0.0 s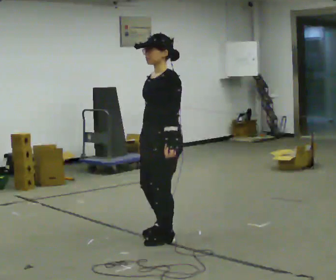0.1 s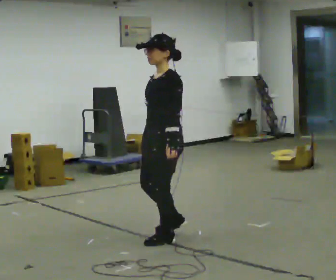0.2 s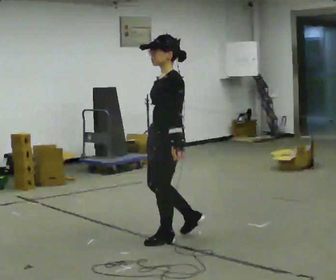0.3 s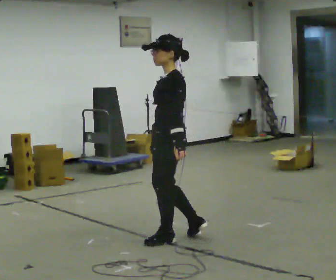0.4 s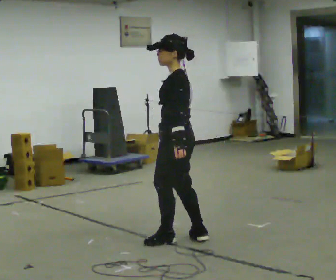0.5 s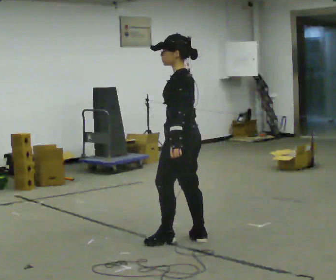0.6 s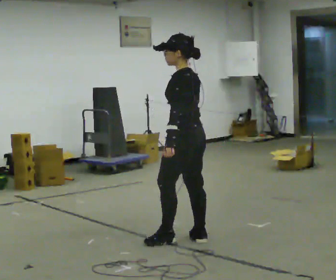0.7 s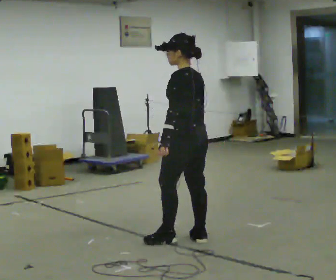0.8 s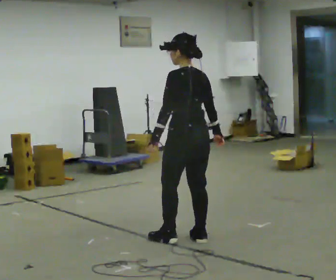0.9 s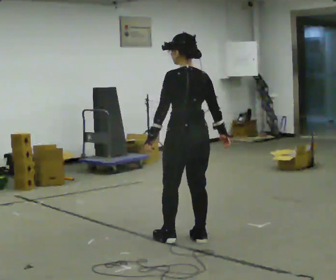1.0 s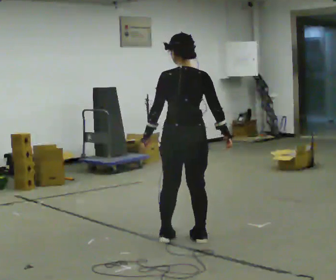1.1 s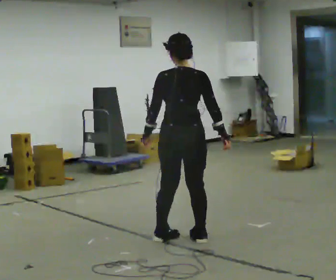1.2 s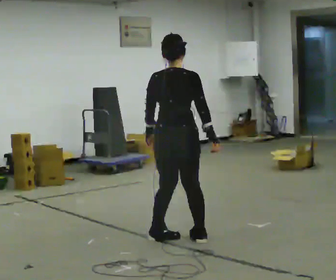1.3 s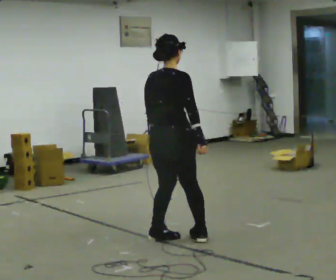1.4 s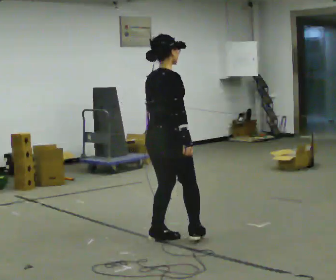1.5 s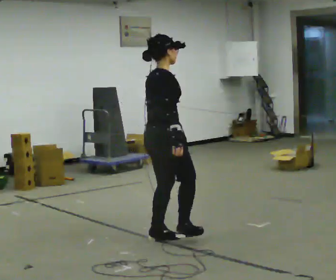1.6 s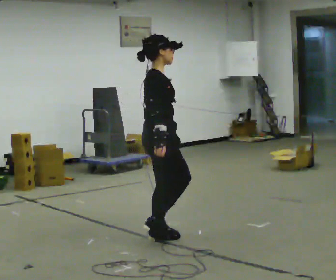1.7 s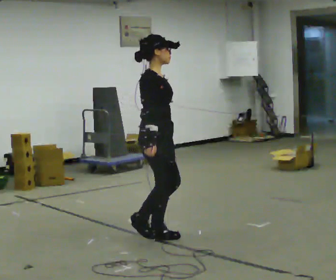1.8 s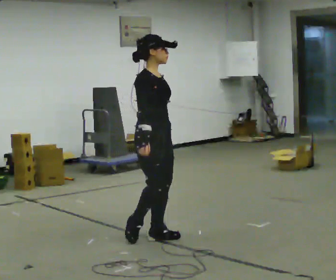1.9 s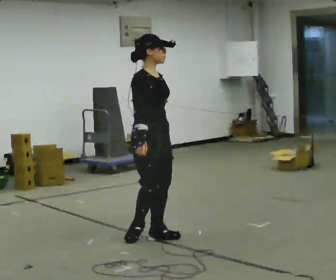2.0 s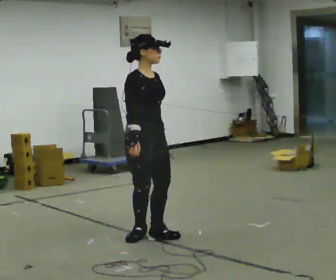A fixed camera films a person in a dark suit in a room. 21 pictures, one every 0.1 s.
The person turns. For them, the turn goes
to their right.
The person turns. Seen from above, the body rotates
clockwise.
0.0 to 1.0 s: The part of the body nearest the lens slides to the left as the person turns to their right by about 105 degrees. In the picture their right hand goes to the right, the arm swinging counterclockwise.
1.0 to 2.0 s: The person turns about 135 degrees to their right, clockwise seen from above, so the part of the body nearest the lens slides to the left. In the picture they go to the left, about 0.25 m in 1 step.
The film runs backward here.
